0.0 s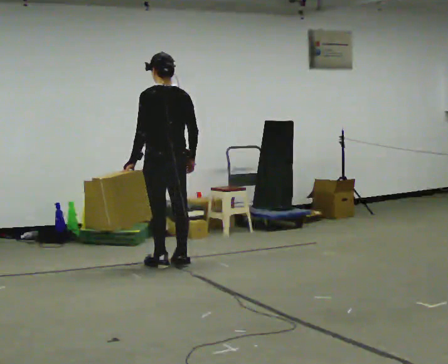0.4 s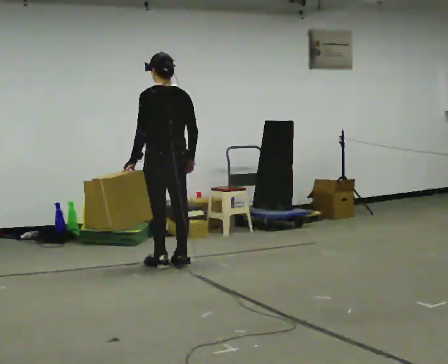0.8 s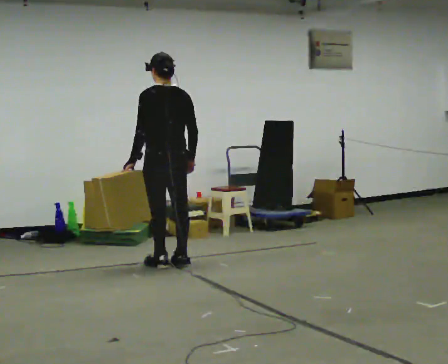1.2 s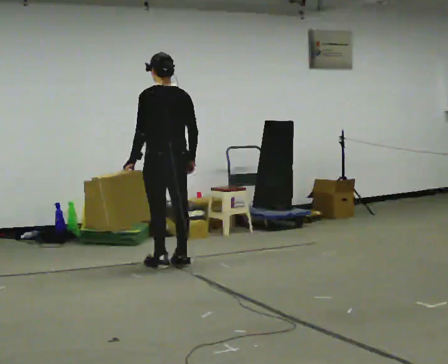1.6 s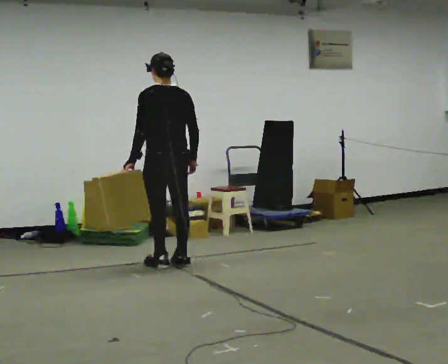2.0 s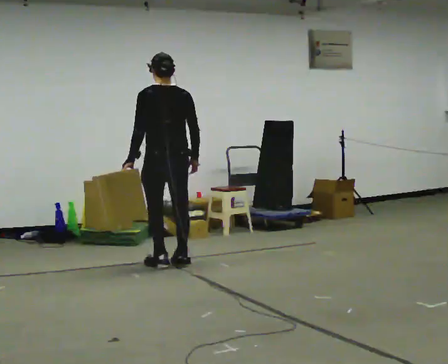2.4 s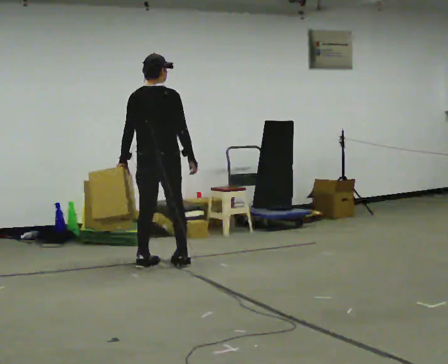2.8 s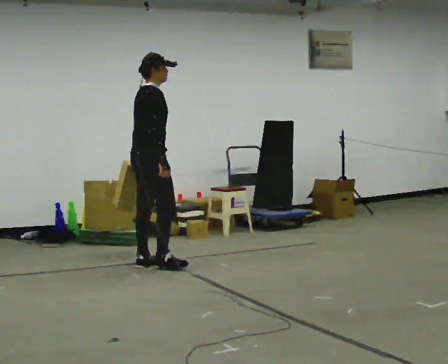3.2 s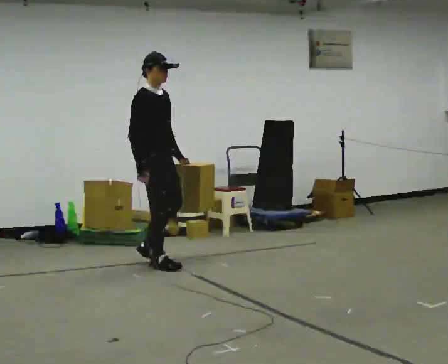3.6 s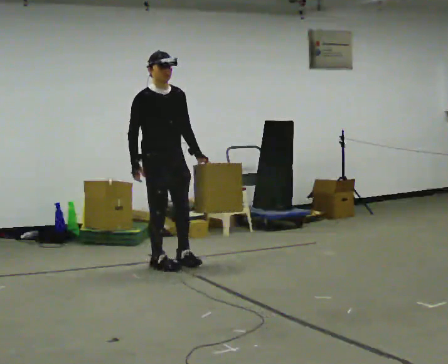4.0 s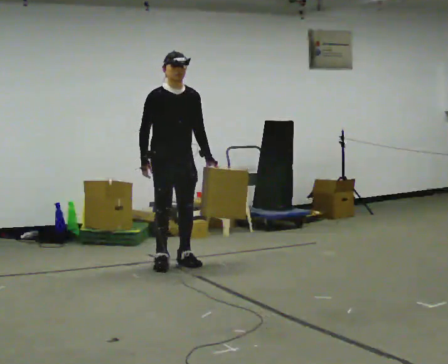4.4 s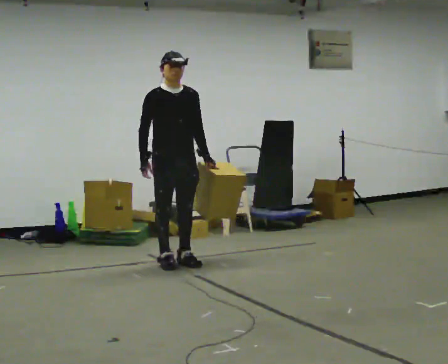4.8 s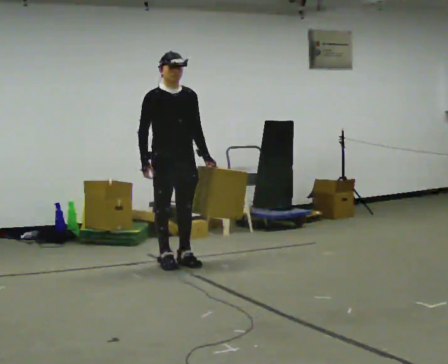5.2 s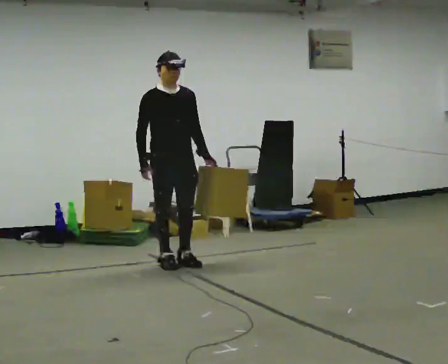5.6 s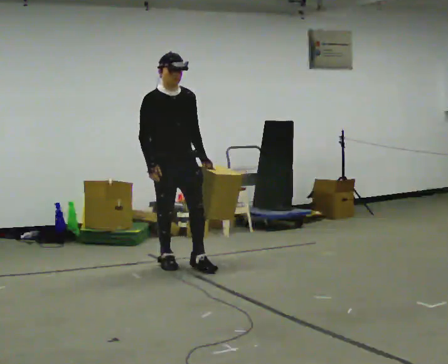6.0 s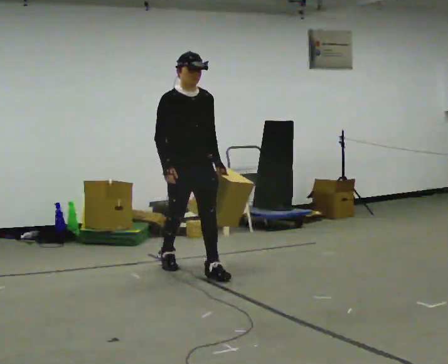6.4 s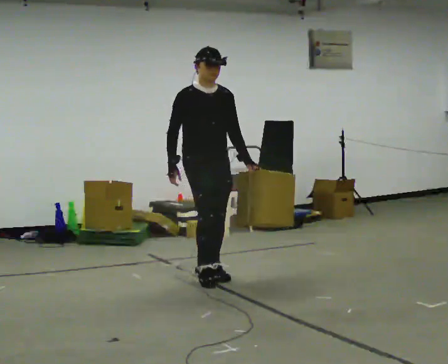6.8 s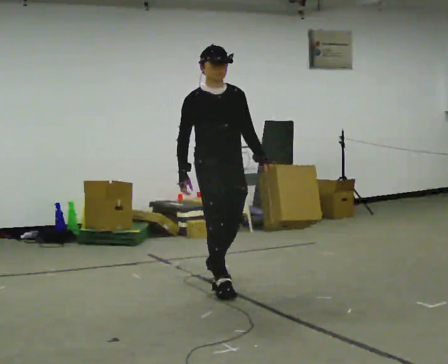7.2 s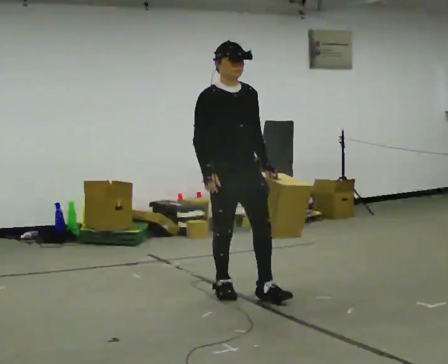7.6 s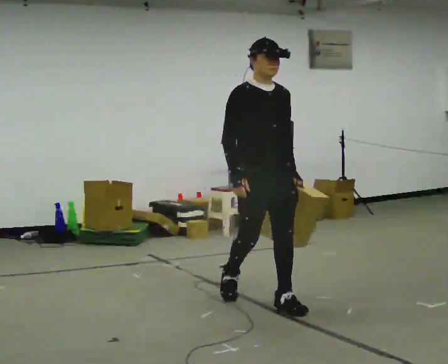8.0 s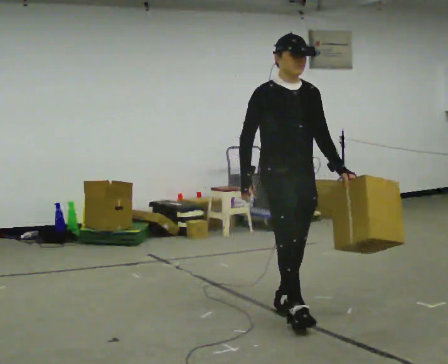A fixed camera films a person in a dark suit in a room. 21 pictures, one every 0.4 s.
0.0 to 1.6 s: The person moves a little, or ends about where they began.
1.6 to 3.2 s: The part of the body nearest the lens slides to the left as the person turns to their right by about 135 degrees. In the picture their left hand goes to the right, the arm swinging counterclockwise.
3.2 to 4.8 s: The person turns about 45 degrees to their right, clockwise seen from above, so the part of the body nearest the lens slides to the left.
4.8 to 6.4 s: In the picture they go toward the camera and to the right, about 0.5 m in 1 step, which for them is forward.
6.4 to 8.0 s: In the picture they go toward the camera and to the right, about 1 m in 2 steps, which for them is forward.
The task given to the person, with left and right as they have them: Carry the box across the room, stopping and starting again each time the operator says stop and go. Do not set the box down.
The film runs forward here.
